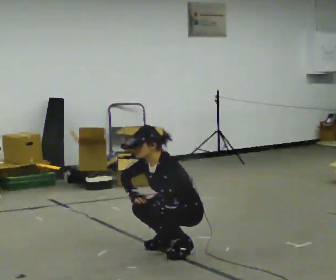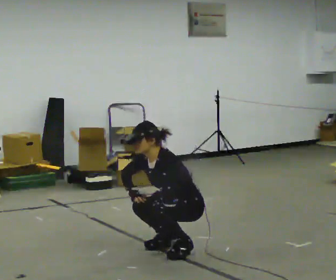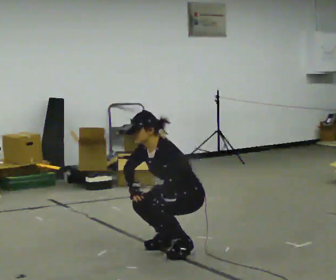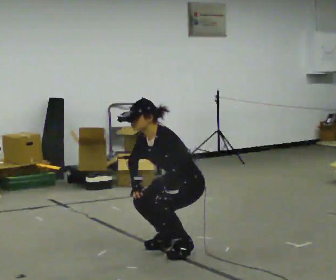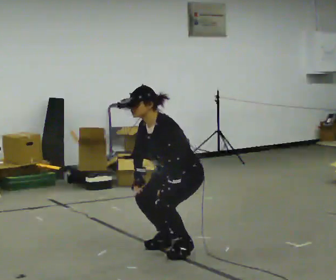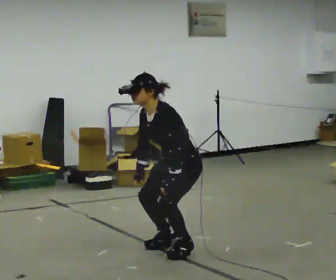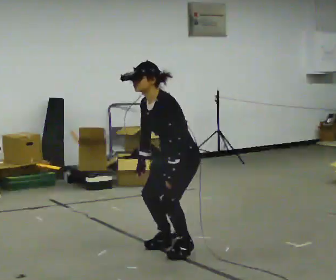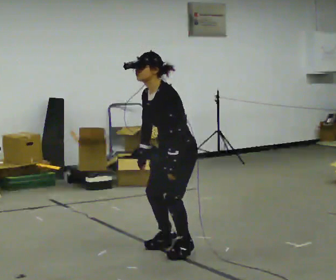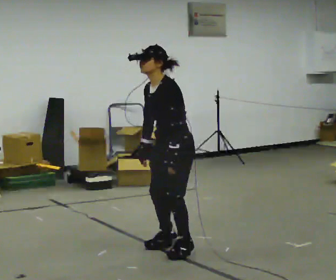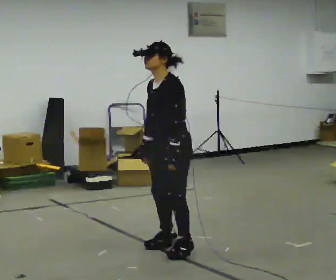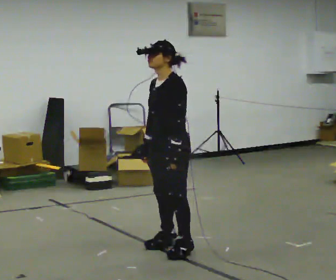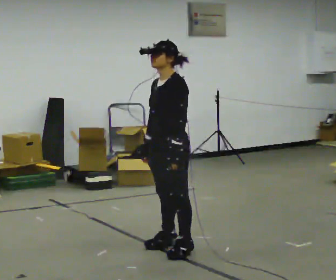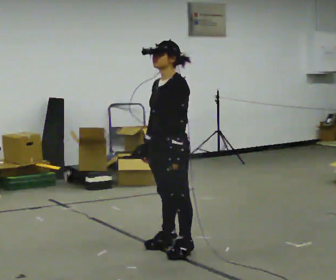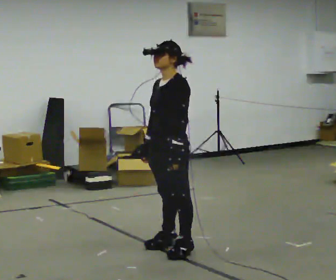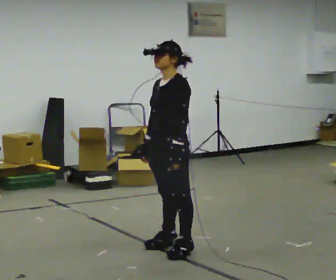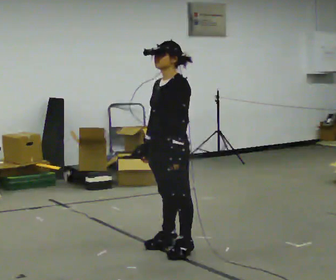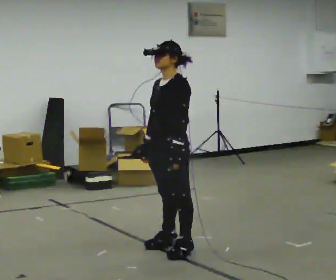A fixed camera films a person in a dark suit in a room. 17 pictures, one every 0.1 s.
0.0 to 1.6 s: The upper body goes upward. In the picture the upper body tilts clockwise, shoulders to the right, as they lean back or straighten. In the picture their right hand goes upward.
The film runs backward here.
